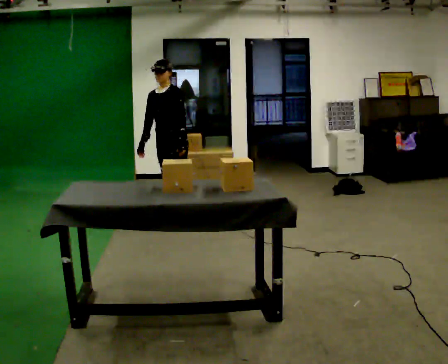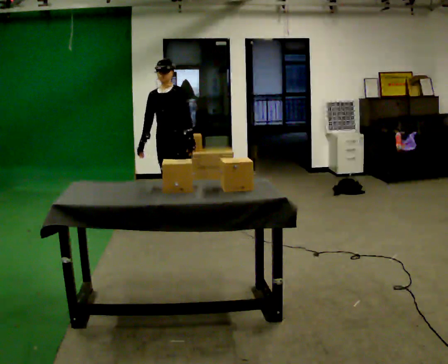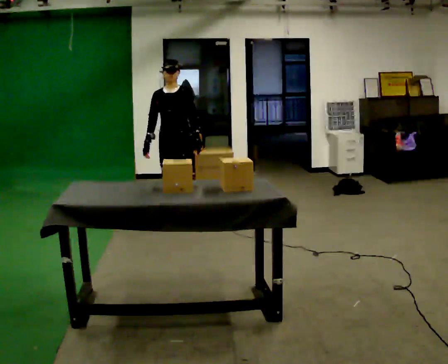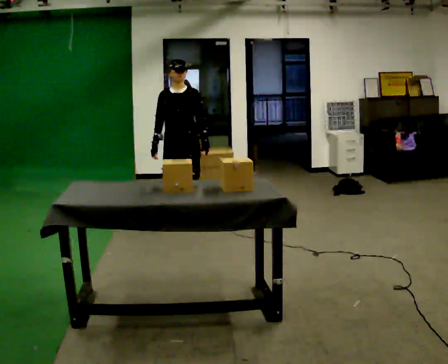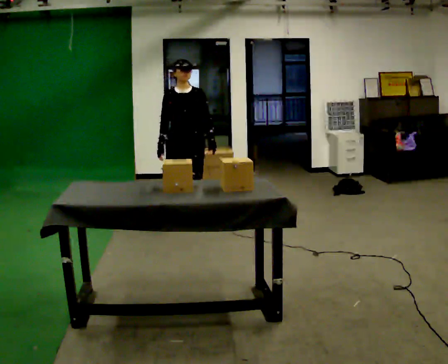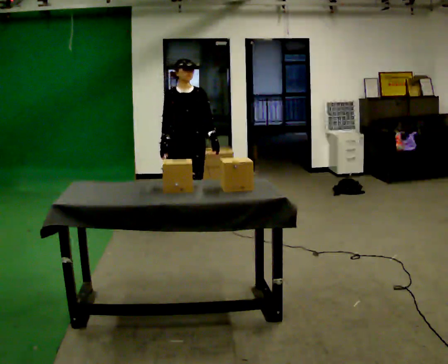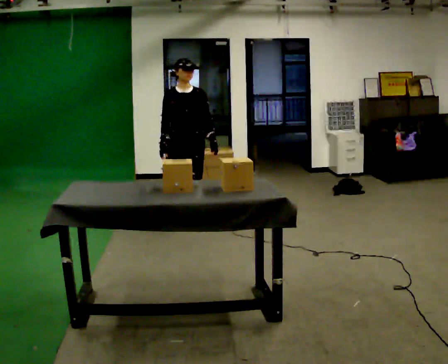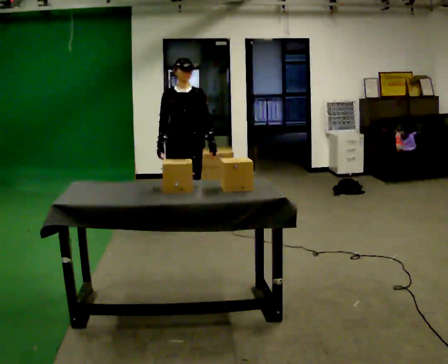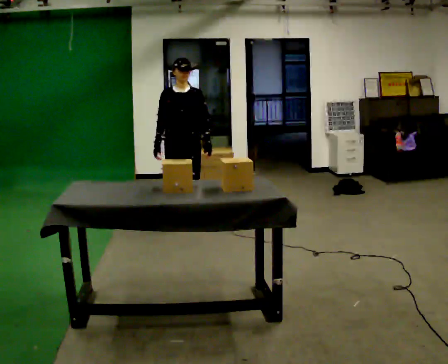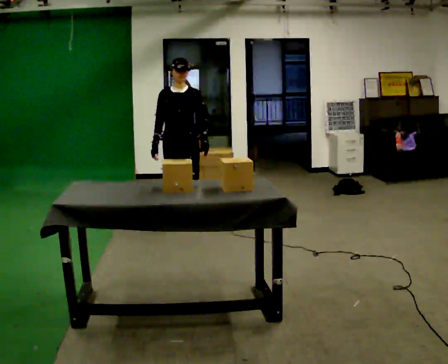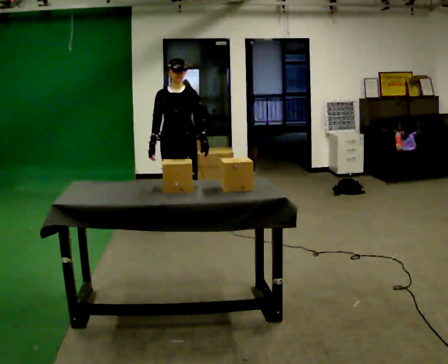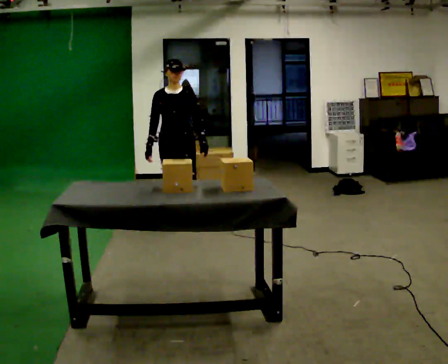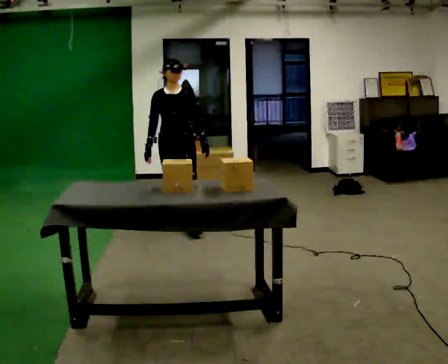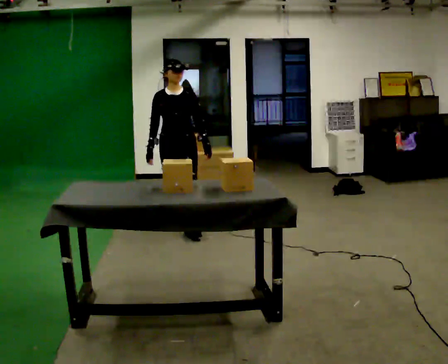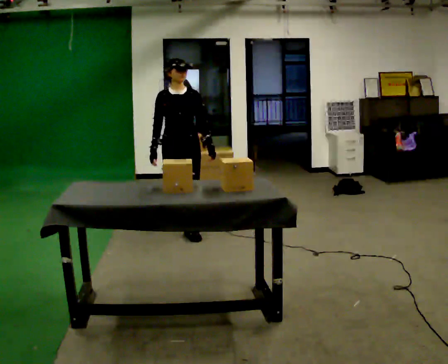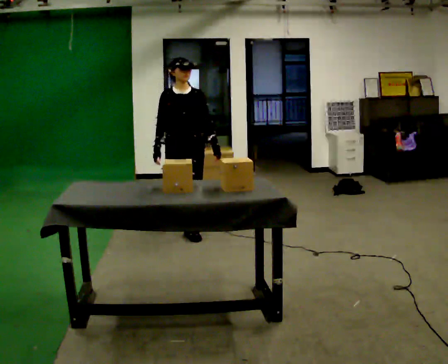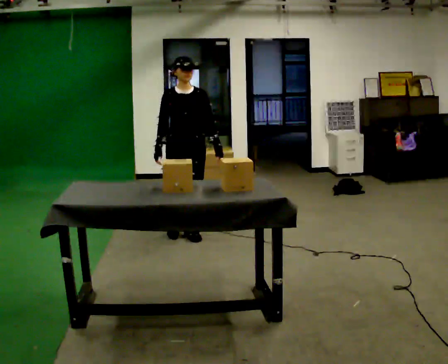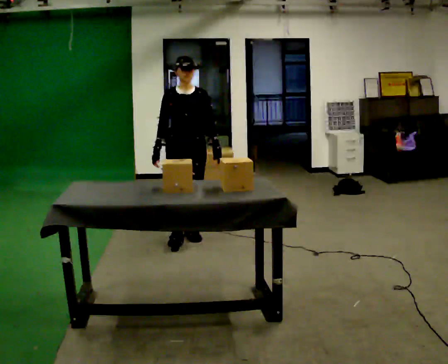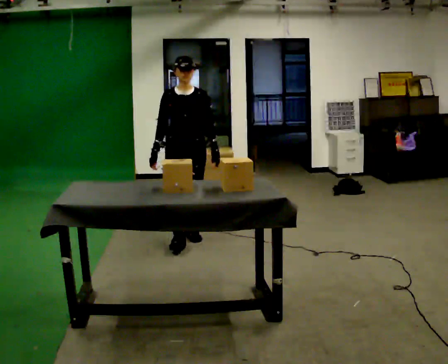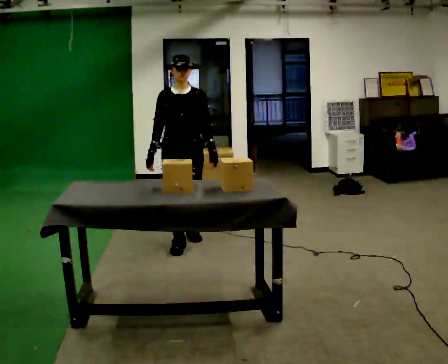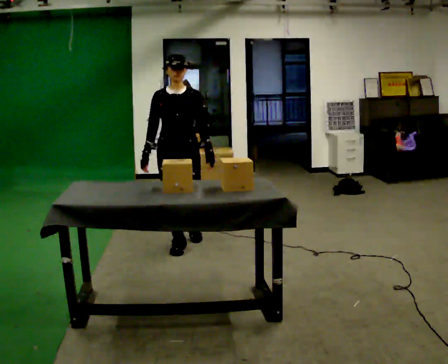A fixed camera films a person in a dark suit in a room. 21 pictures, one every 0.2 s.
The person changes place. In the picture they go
toward the camera.
0.0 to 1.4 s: Seen from above the body turns counterclockwise, about 30 degrees: to their left, with its near side sliding to the right. In the picture they go toward the camera, about 0.25 m in 1 step, which for them is forward.
1.4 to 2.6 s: The person moves a little, or ends about where they began.
2.6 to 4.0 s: In the picture they go toward the camera, about 0.5 m in 1 step, which for them is forward.
The film runs forward here.
